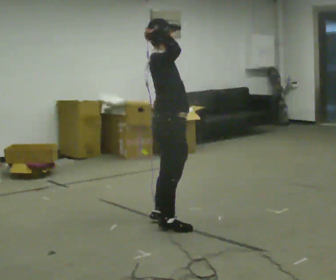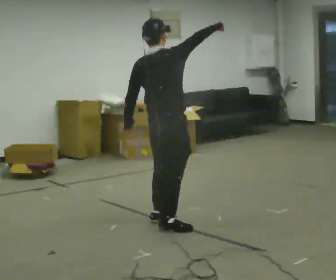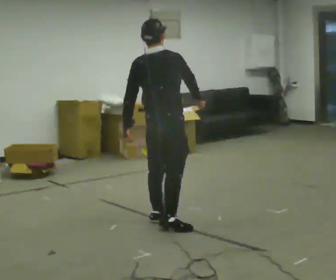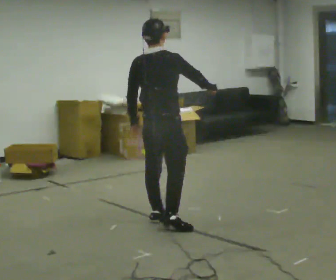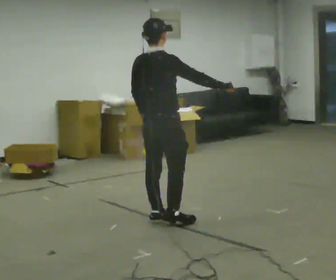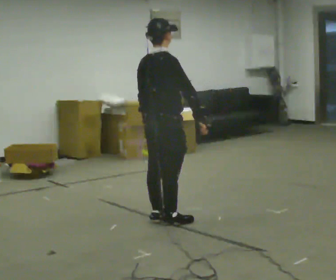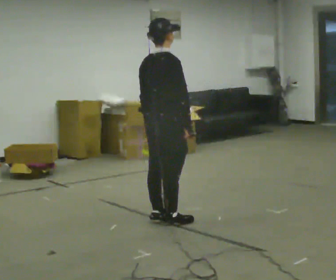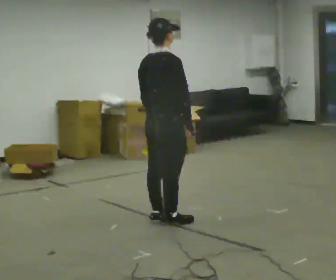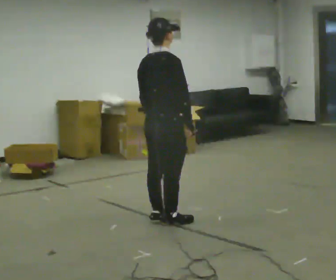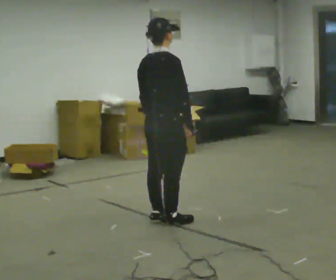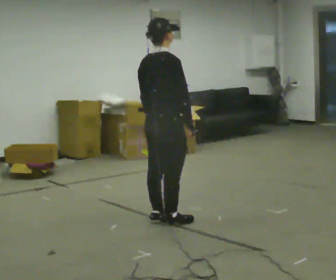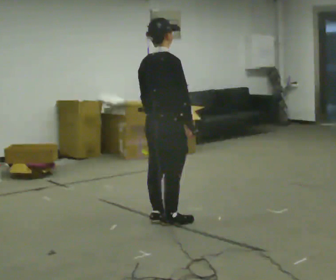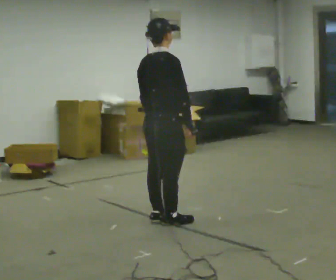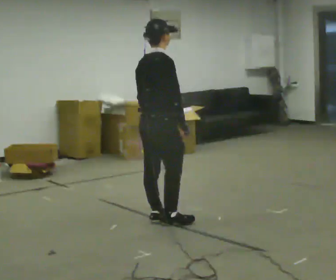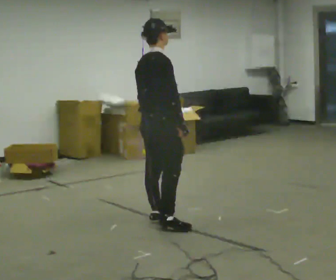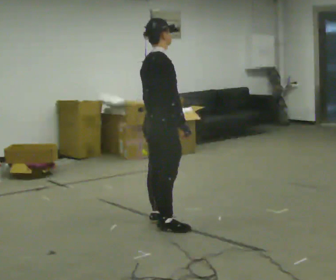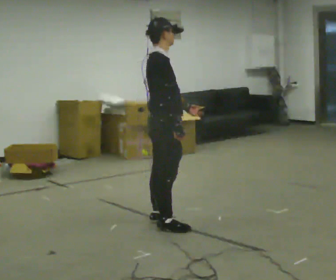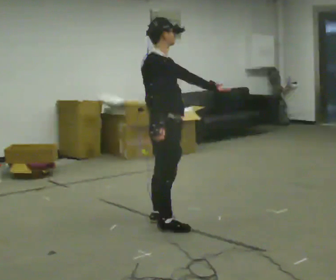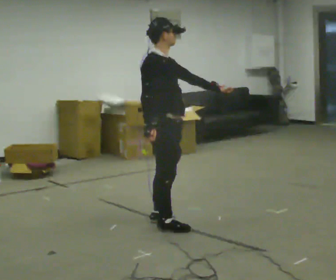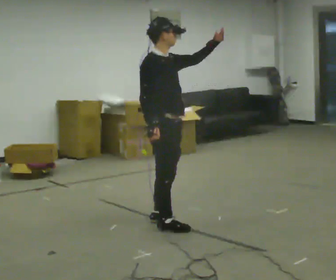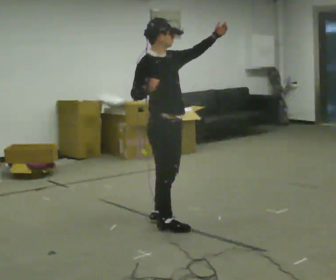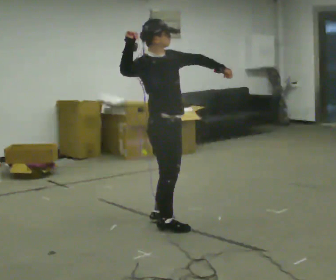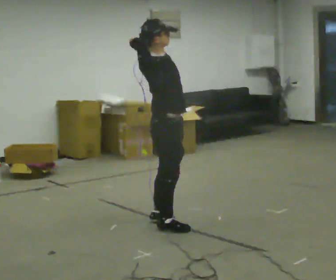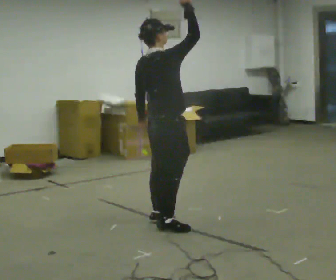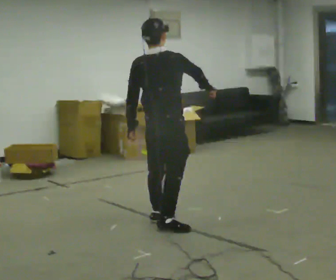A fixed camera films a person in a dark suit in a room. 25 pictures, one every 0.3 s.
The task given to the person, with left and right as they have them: Mime a tennis serve with no racket: toss, reach up, strike and follow through. Repeat the movement at your own pace until the operator says stop; do not rush.
0.0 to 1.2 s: The part of the body nearest the lens slides to the right as the person turns to their left by about 30 degrees. In the picture they go away from the camera, about 0.25 m, which for them is forward. In the picture their right hand goes to the right and downward.
1.2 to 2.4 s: The person moves a little, or ends about where they began.
2.4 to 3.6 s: The person keeps their place and pose.
3.6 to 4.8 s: The person turns about 45 degrees to their right, clockwise seen from above, so the part of the body nearest the lens slides to the left. In the picture their left hand goes to the right.
4.8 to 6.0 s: Seen from above the body turns clockwise, about 30 degrees: to their right, with its near side sliding to the left. In the picture their left hand goes upward, the arm swinging counterclockwise.
6.0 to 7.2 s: The part of the body nearest the lens slides to the right as the person turns to their left by about 90 degrees. In the picture their left hand goes to the left and downward, the arm swinging clockwise.
The film runs forward here.
